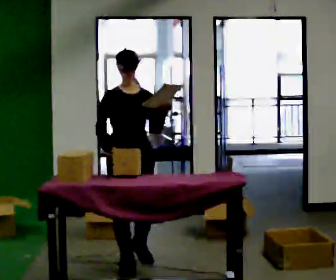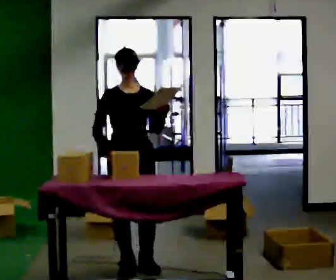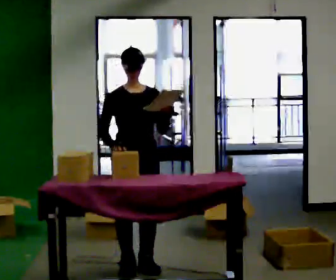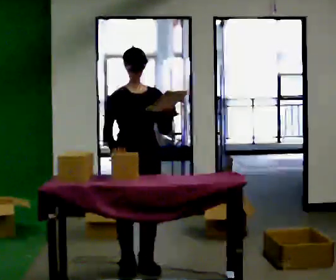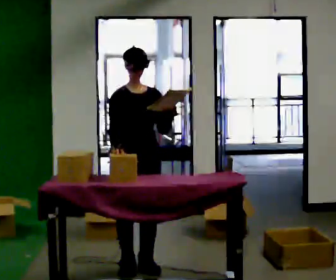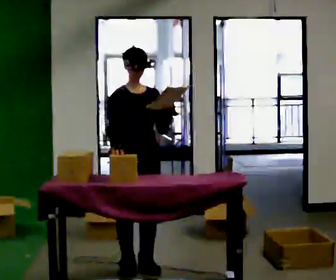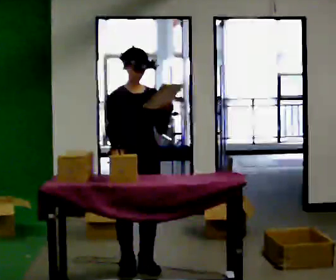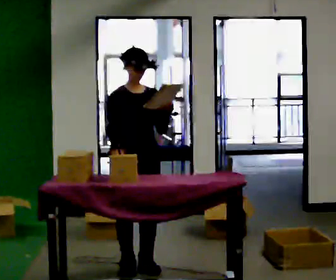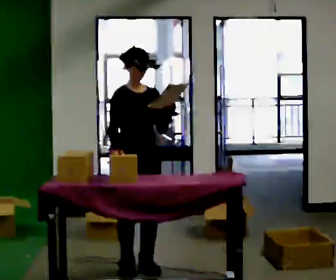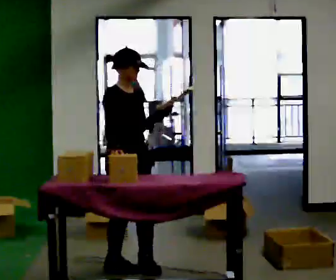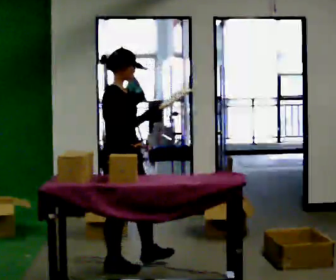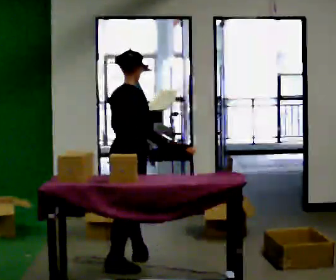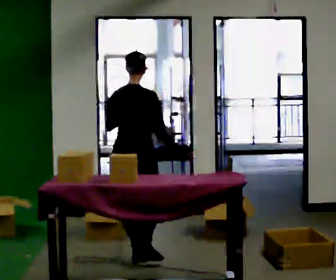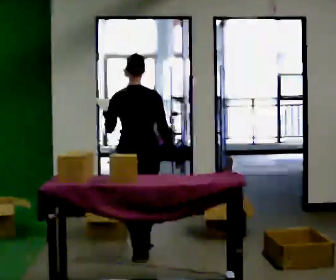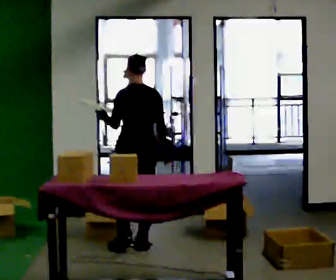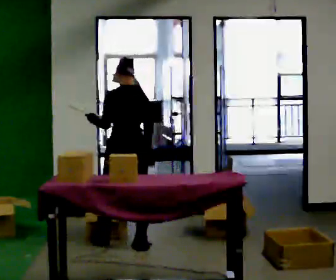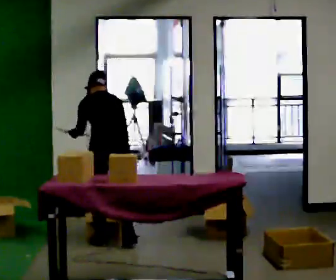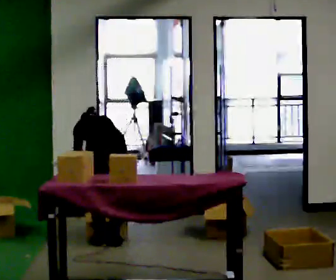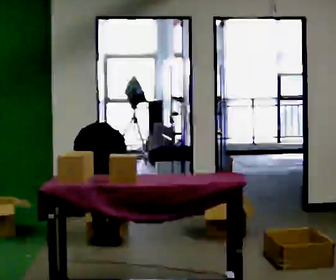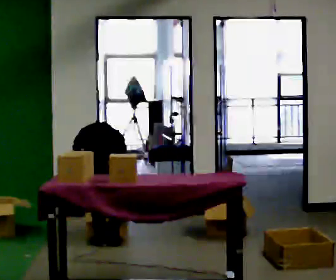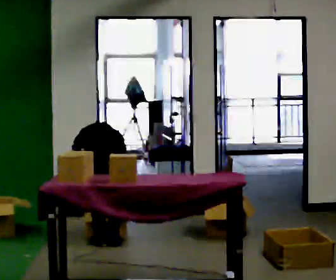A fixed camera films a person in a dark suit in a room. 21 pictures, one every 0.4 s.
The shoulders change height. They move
downward.
The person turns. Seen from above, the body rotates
counterclockwise.
0.0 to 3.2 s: The person moves a little, or ends about where they began.
3.2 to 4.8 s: The person turns about 135 degrees to their left, counterclockwise seen from above, so the part of the body nearest the lens slides to the right. In the picture they go away from the camera, about 0.25 m in 1 step.
4.8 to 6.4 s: Seen from above the body turns counterclockwise, about 30 degrees: to their left, with its near side sliding to the right. In the picture they go away from the camera and to the left, about 0.5 m in 2 steps, which for them is forward. The upper body tips away from the camera, its near side rolling upward, as they bend forward.
6.4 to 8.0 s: The upper body goes downward. The upper body tips away from the camera, its near side rolling upward, as they bend forward.
The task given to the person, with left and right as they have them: 1. Read the parts list. 2. Collect each part from the bins around the room. 3. Lay them out on the table in the order on the list. 4. Put them all in the carry case. 5. Tell the operator when you are finished.
The film runs forward here.
